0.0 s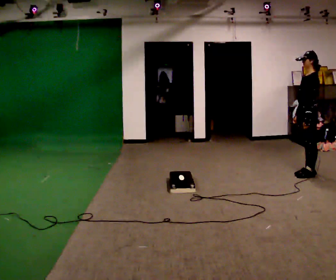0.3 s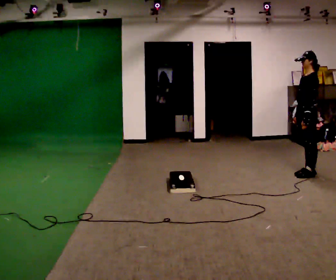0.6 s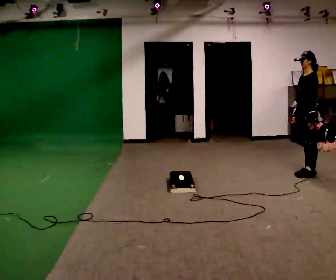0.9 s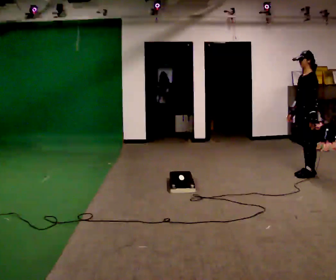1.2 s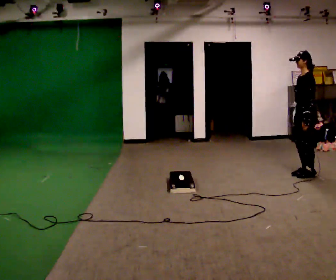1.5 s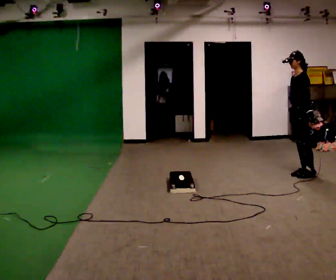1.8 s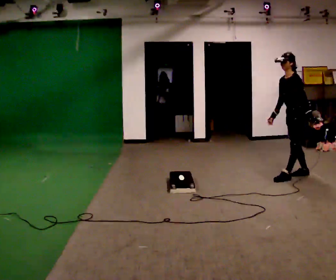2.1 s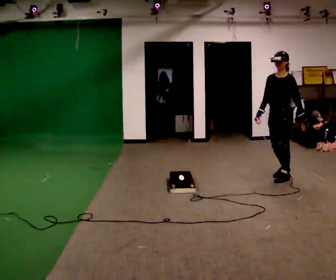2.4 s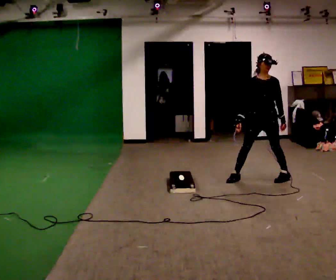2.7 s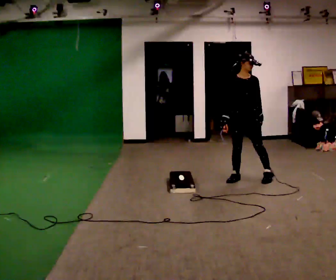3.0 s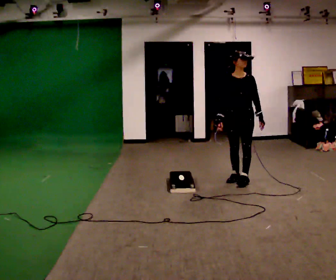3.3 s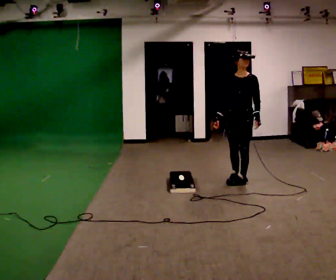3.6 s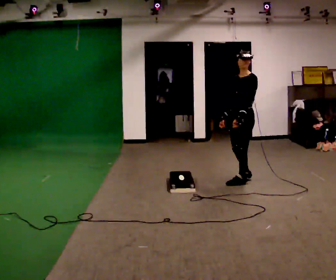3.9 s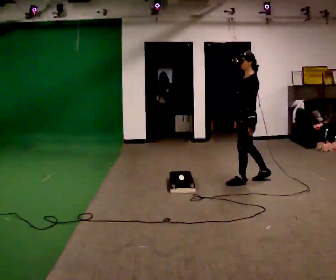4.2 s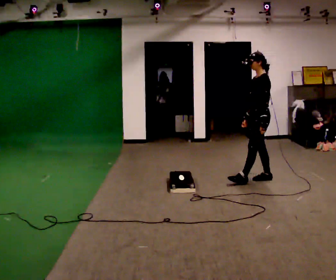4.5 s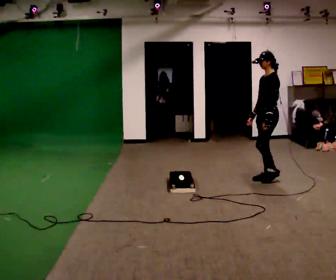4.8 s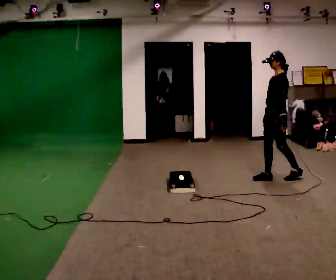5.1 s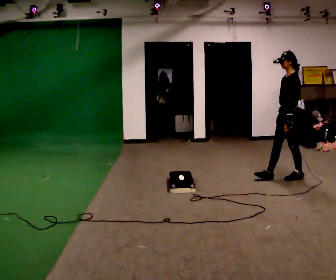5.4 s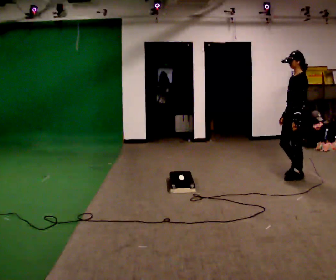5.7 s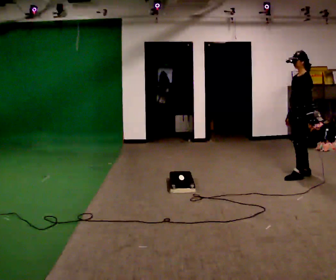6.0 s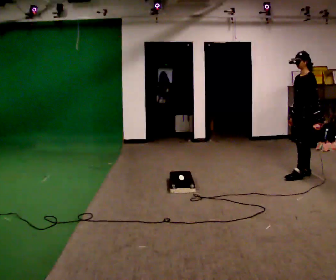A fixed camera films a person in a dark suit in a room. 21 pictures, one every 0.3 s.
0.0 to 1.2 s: The person moves a little, or ends about where they began.
1.2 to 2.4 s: The person turns about 60 degrees to their left, counterclockwise seen from above, so the part of the body nearest the lens slides to the right. In the picture they go to the left, about 0.5 m in 2 steps.
2.4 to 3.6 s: Seen from above the body turns clockwise, about 30 degrees: to their right, with its near side sliding to the left. In the picture they go to the left, about 0.25 m in 2 steps, which for them is to their right and forward.
3.6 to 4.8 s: The person turns about 30 degrees to their right, clockwise seen from above, so the part of the body nearest the lens slides to the left. In the picture they go to the right, about 0.5 m in 1 step, which for them is backward.
4.8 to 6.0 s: In the picture they go to the right, about 0.5 m in 1 step, which for them is backward.
The film runs backward here.
